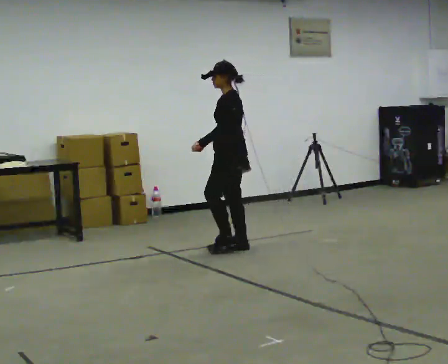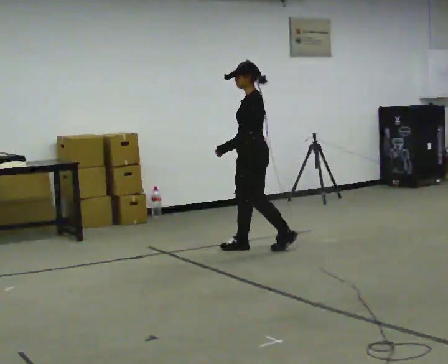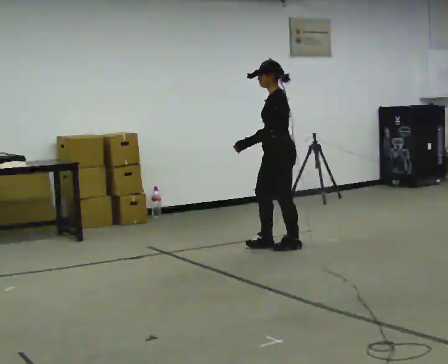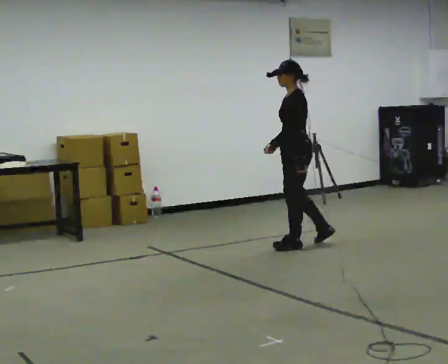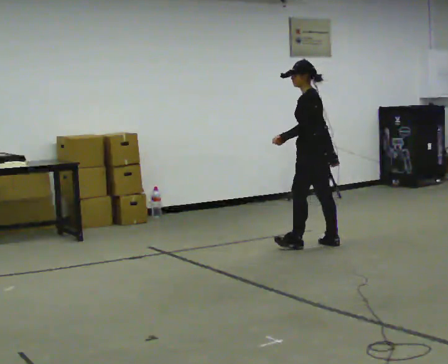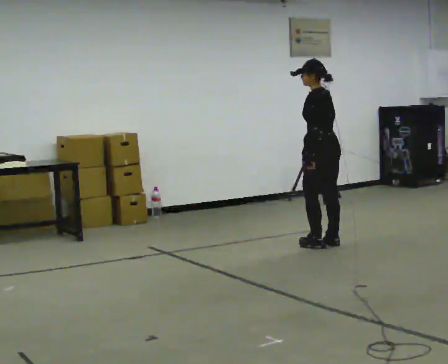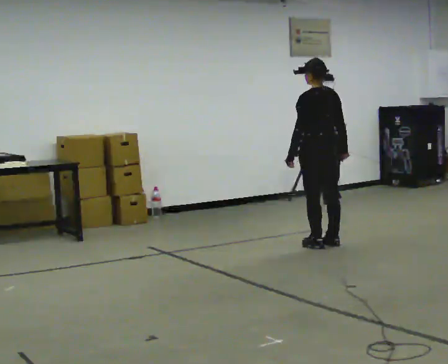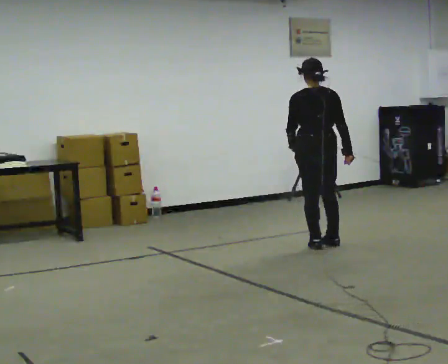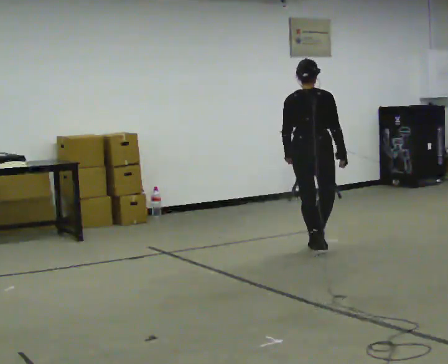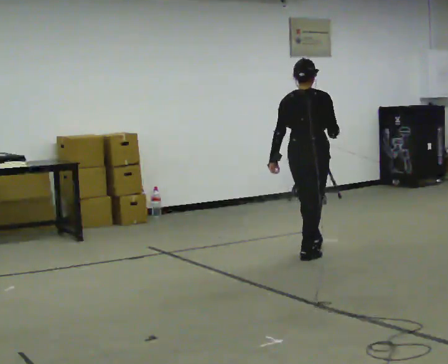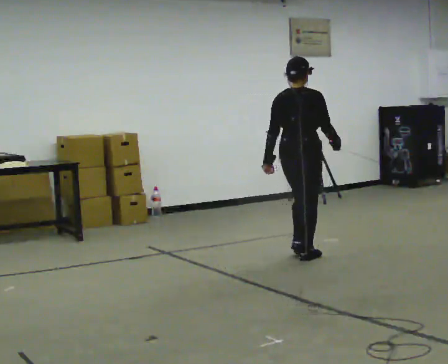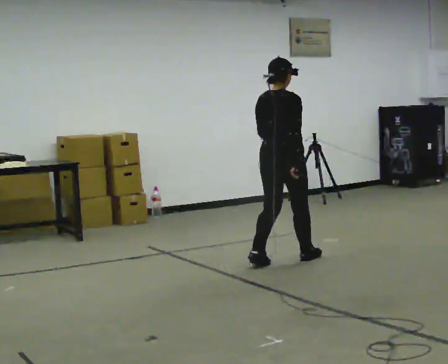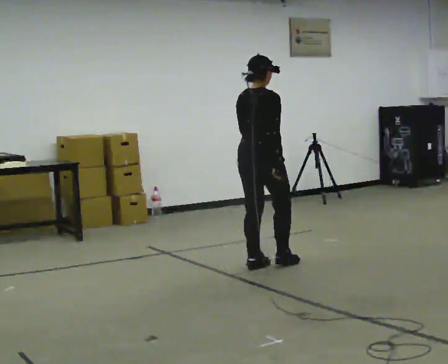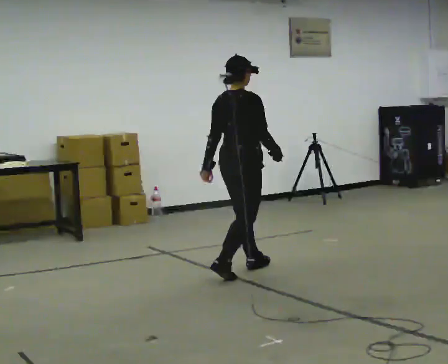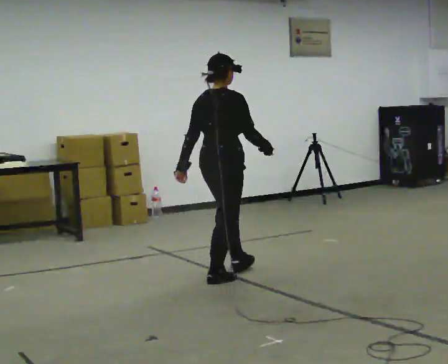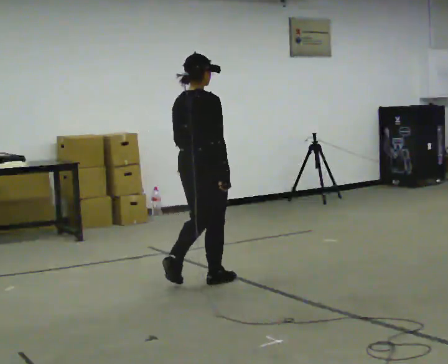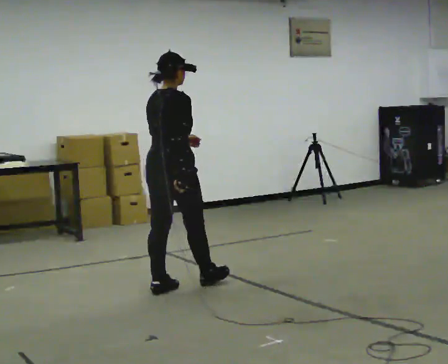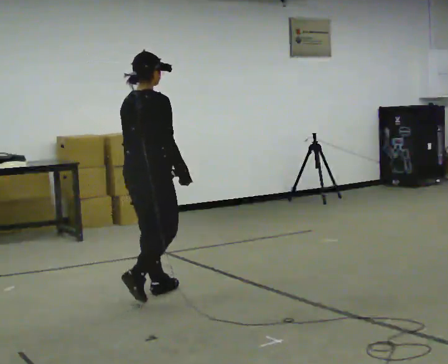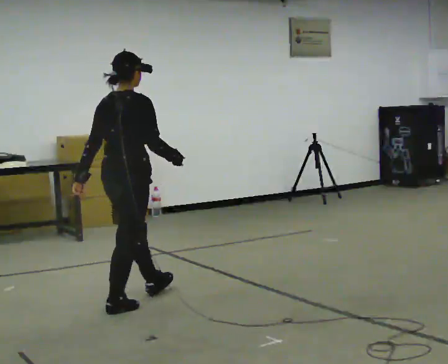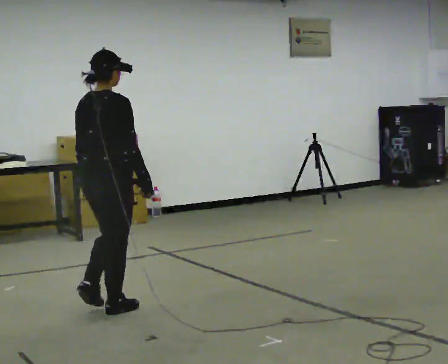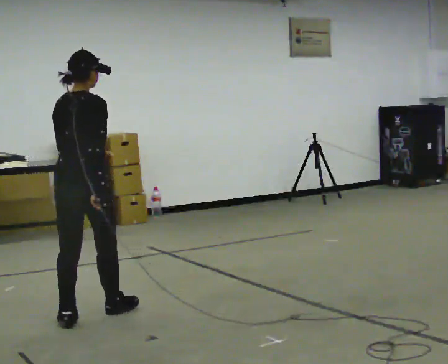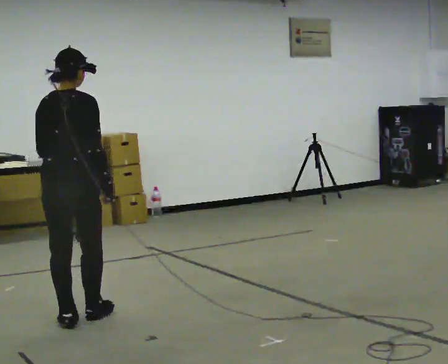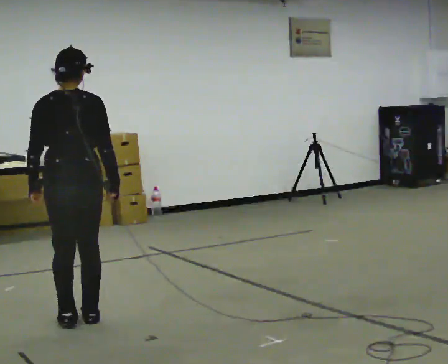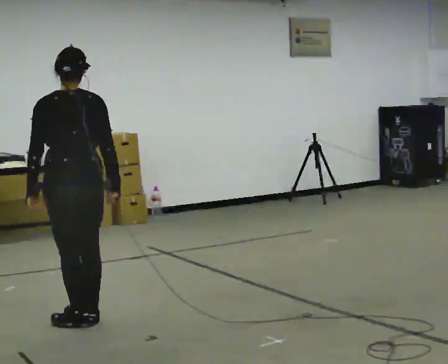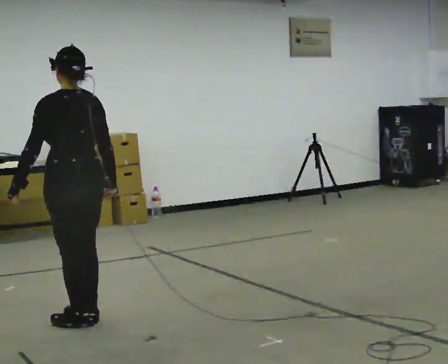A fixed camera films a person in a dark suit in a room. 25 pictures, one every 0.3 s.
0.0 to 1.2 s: In the picture they go to the right, about 0.75 m in 2 steps, which for them is backward.
1.2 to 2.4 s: The person turns about 90 degrees to their right, clockwise seen from above, so the part of the body nearest the lens slides to the left. In the picture they go toward the camera, about 0.25 m in 1 step. In the picture their right hand goes to the right, the arm swinging counterclockwise.
2.4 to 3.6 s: The part of the body nearest the lens slides to the left as the person turns to their right by about 30 degrees. In the picture they go toward the camera and to the left, about 0.5 m in 2 steps, which for them is backward.
3.6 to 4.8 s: In the picture they go toward the camera and to the left, about 1 m in 2 steps, which for them is backward.
4.8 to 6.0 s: In the picture they go toward the camera and to the left, about 1 m in 1 step, which for them is backward.
6.0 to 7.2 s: The part of the body nearest the lens slides to the right as the person turns to their left by about 75 degrees. In the picture their left hand goes to the left.
The film runs backward here.
